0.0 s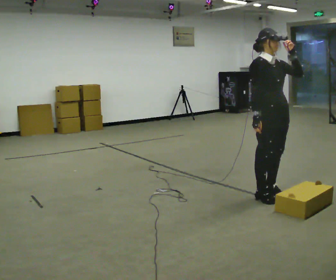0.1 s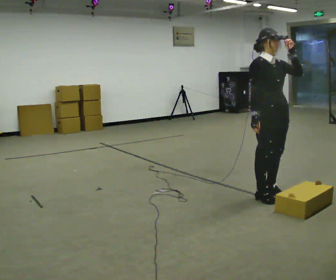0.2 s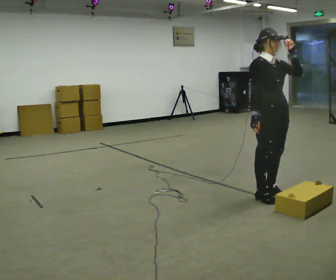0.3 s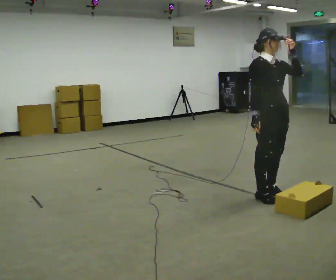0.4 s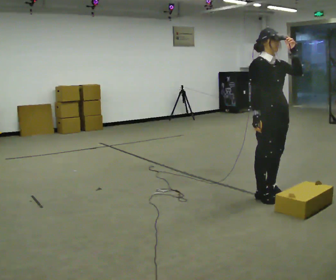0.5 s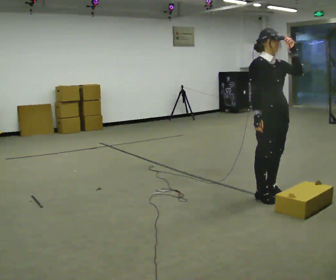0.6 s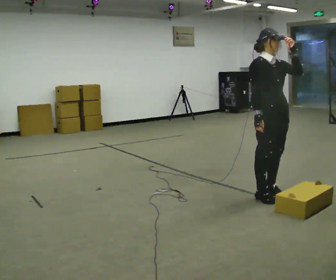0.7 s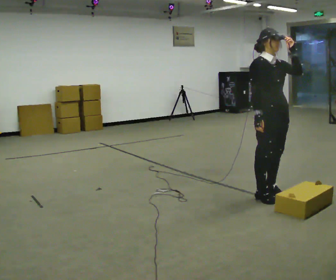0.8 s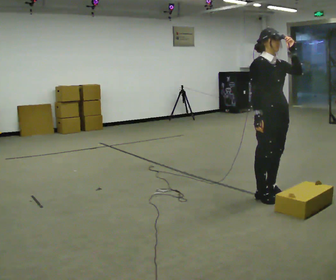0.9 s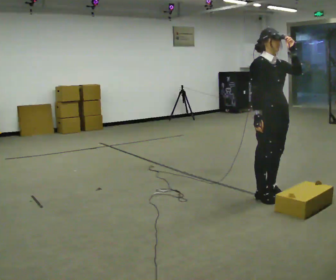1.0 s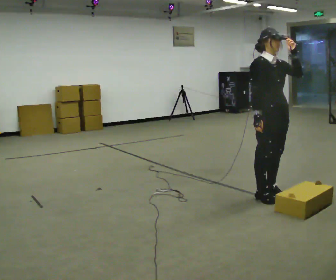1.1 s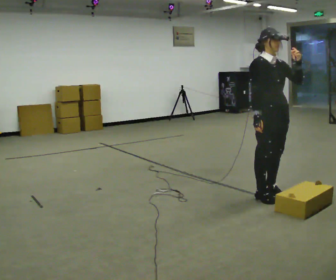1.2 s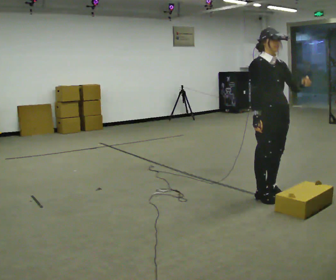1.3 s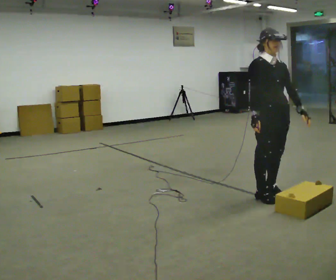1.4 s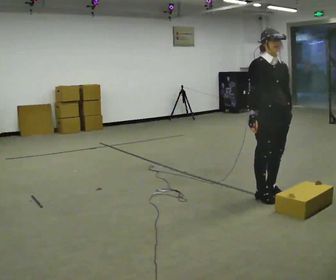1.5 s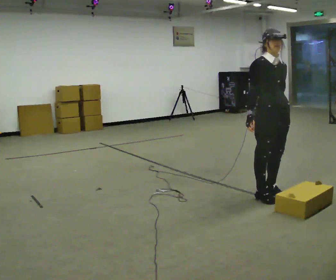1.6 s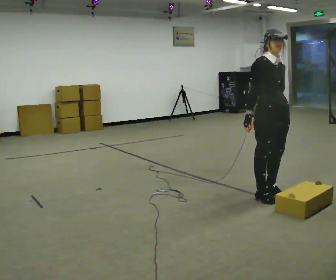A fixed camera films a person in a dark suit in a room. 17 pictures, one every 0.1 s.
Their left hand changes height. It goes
downward.
0.0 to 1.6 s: In the picture their left hand goes downward.
The film runs forward here.
